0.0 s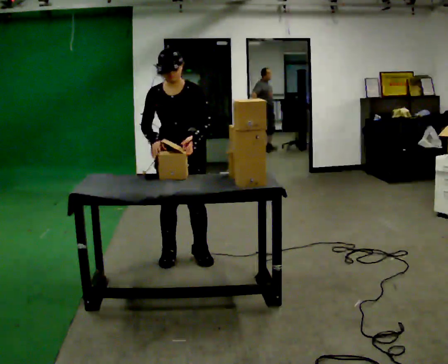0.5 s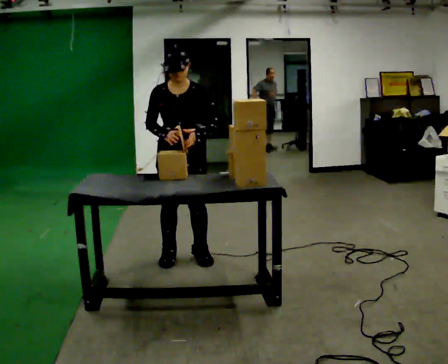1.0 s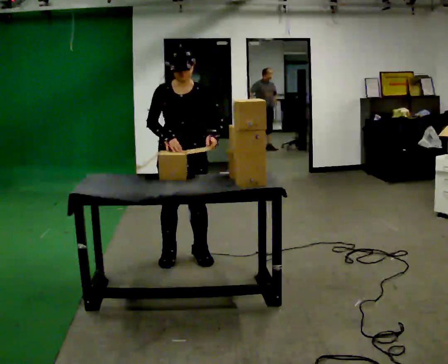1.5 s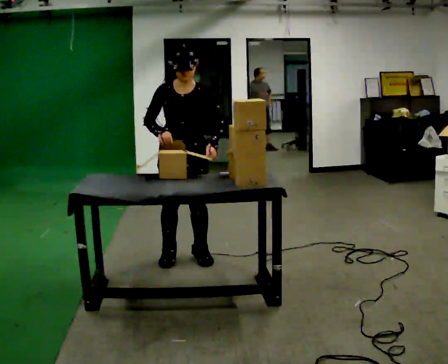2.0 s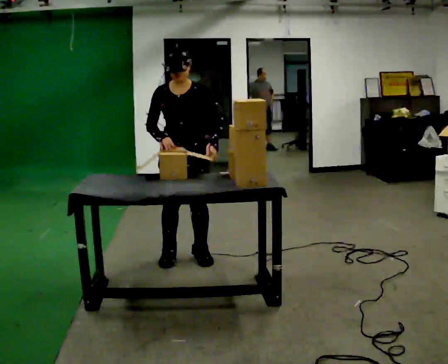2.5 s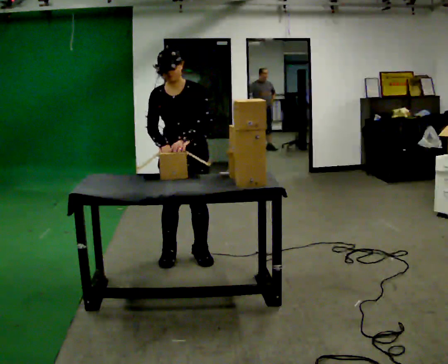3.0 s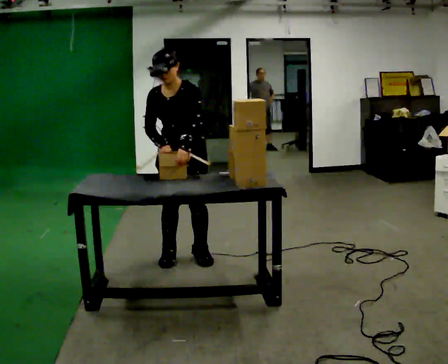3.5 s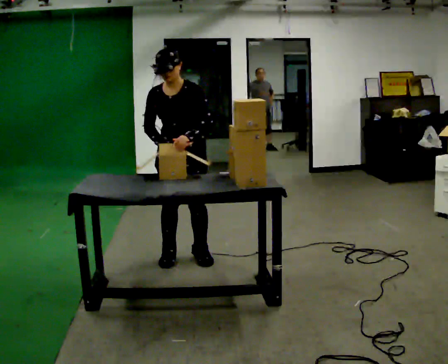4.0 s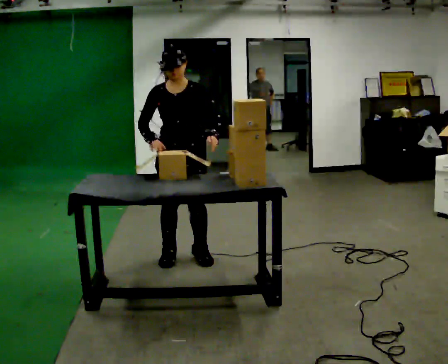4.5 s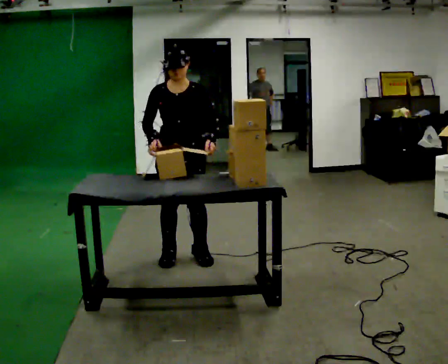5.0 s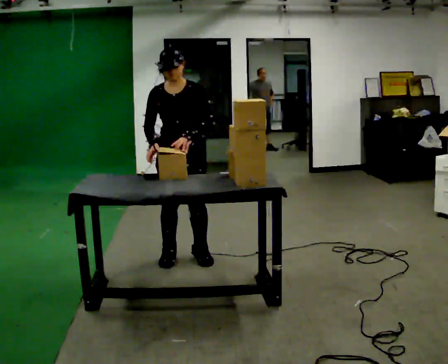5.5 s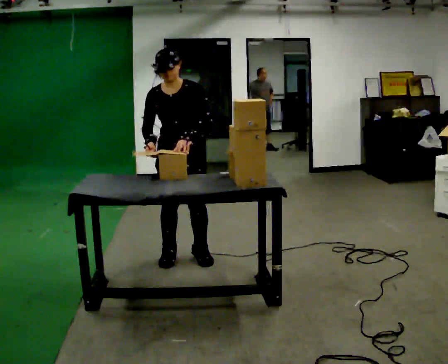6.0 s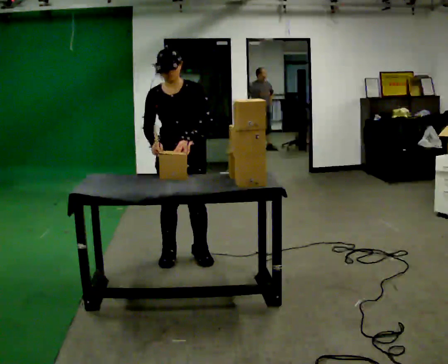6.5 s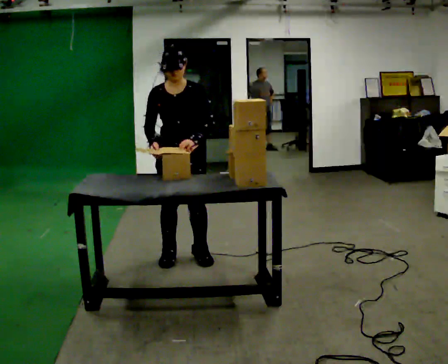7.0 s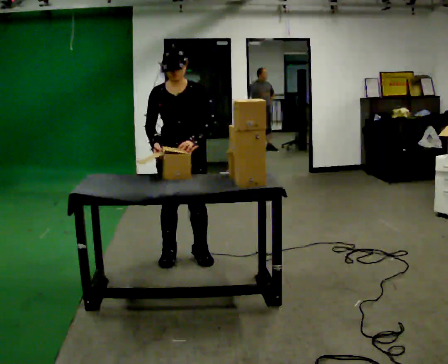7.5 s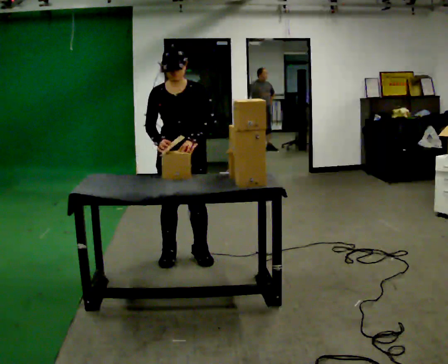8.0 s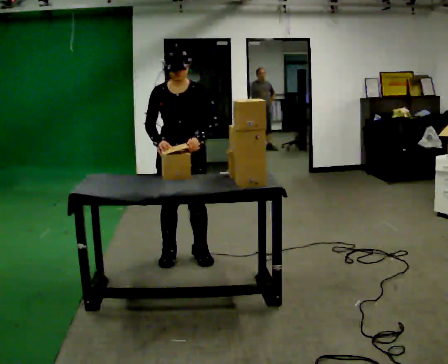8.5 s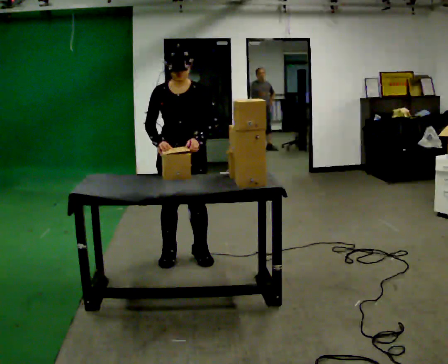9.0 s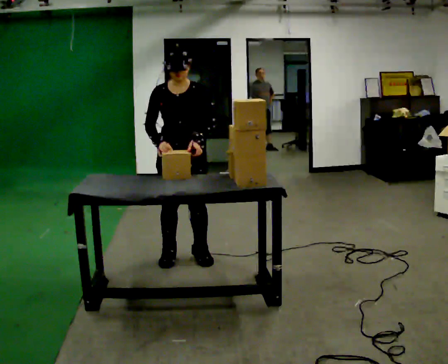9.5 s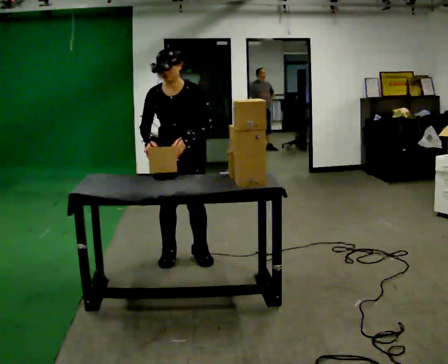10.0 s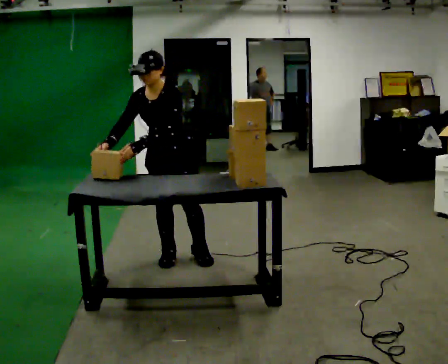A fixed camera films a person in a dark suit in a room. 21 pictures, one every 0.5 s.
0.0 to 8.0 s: The person moves a little, or ends about where they began.
8.0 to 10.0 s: In the picture the upper body tilts counterclockwise, shoulders to the left, as they bend forward. In the picture their left hand goes to the left.
The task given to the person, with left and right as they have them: Take the stacked item apart piece by piece on the table, then put it back together. Repeat at your own pace until the operator says stop. Keep both feet on the marked spots for the whole take. If you have to step, stop and tell the operator.
The film runs forward here.
